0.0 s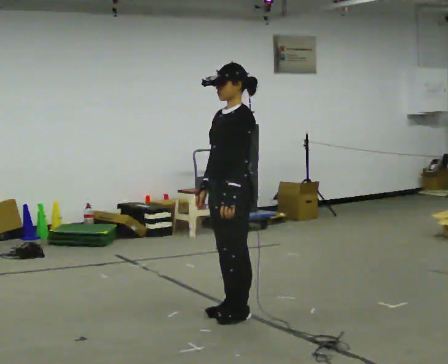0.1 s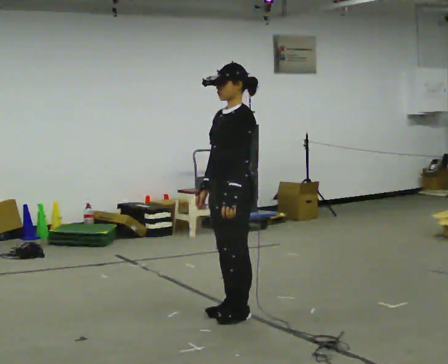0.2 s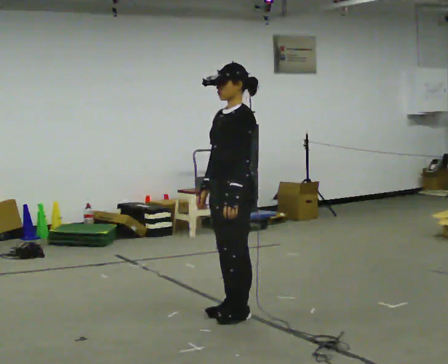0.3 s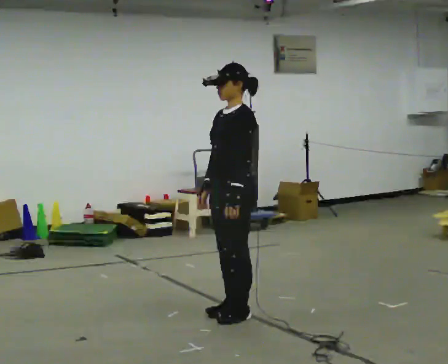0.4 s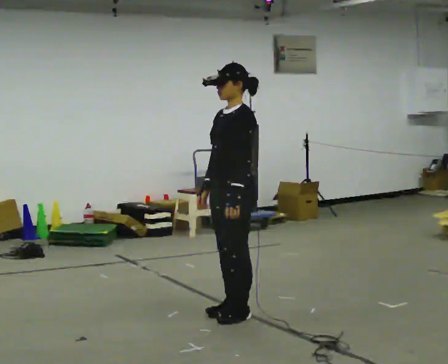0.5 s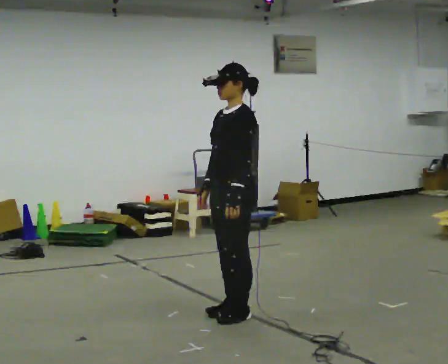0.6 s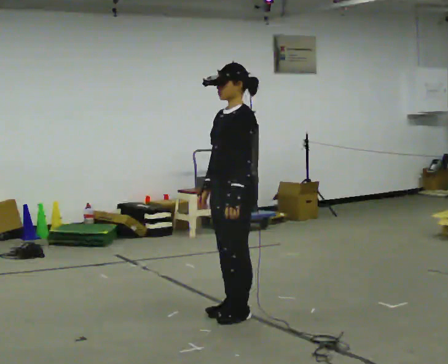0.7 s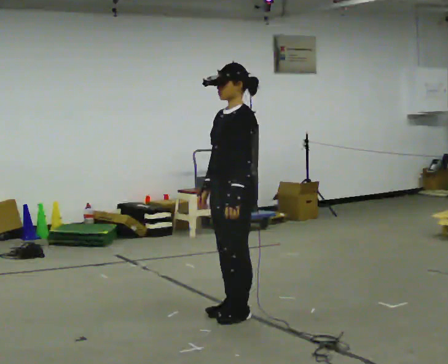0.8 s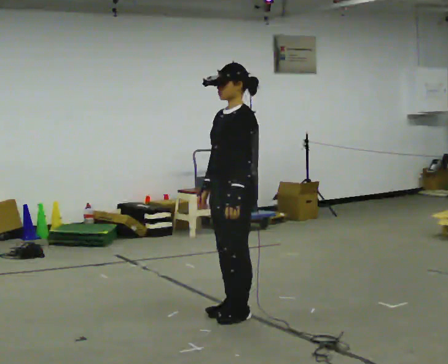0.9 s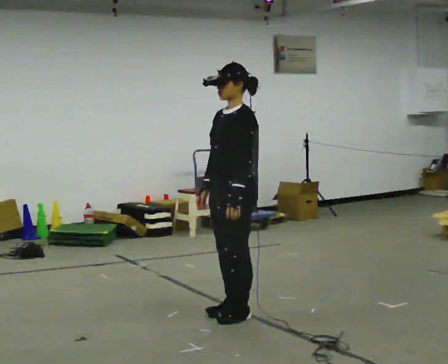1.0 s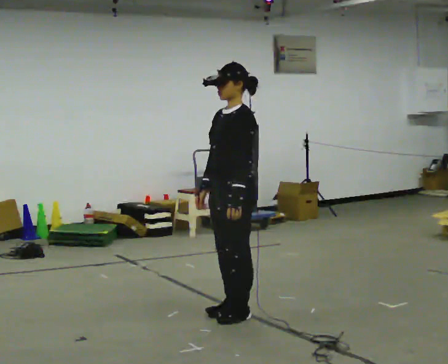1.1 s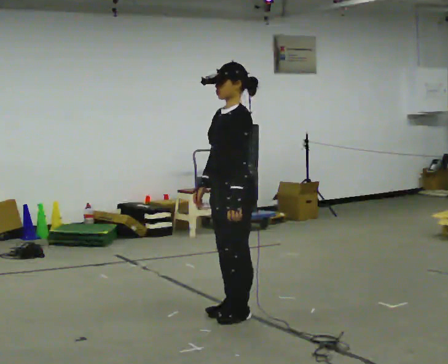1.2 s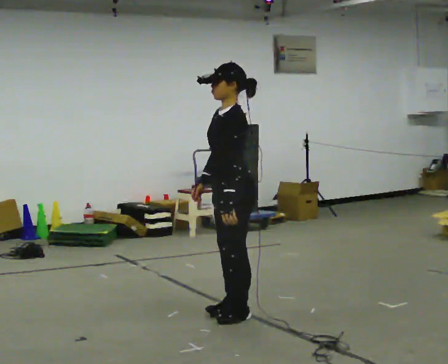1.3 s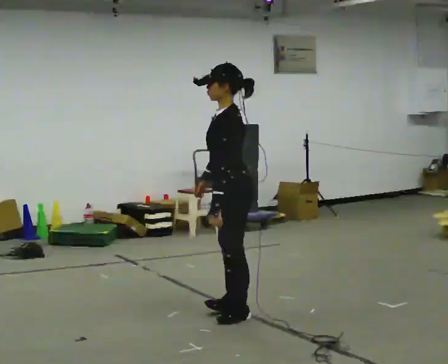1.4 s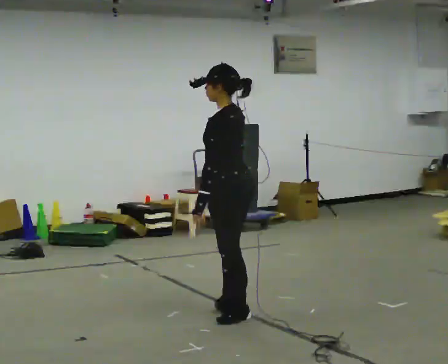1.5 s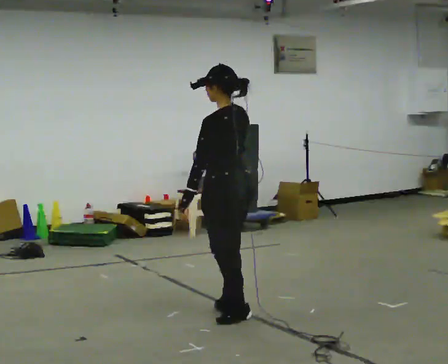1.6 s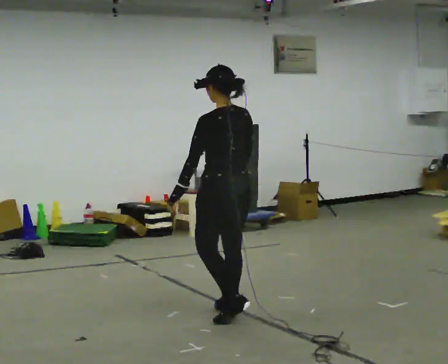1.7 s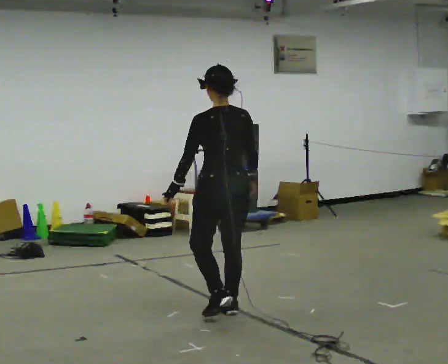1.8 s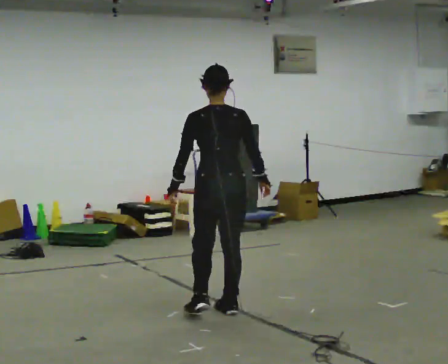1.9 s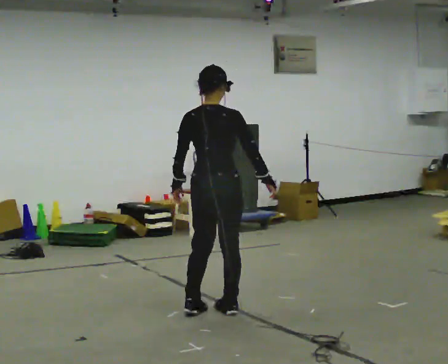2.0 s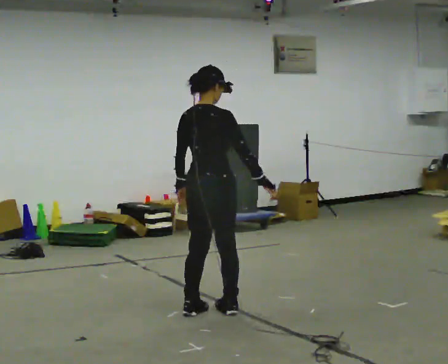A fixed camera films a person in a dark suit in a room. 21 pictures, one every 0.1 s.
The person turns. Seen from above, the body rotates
clockwise.
Their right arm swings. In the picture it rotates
counterclockwise.
0.0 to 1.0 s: The person keeps their place and pose.
1.0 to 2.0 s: The person turns about 135 degrees to their right, clockwise seen from above, so the part of the body nearest the lens slides to the left. In the picture their right hand goes to the right, the arm swinging counterclockwise.
The film runs forward here.
